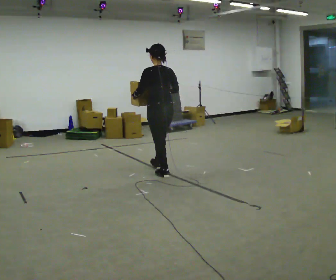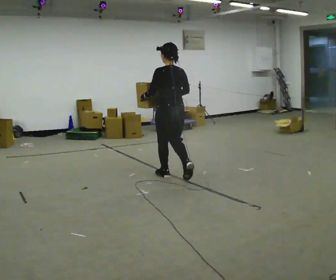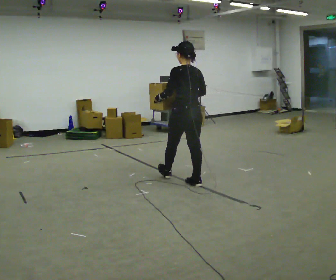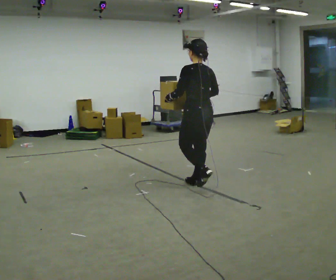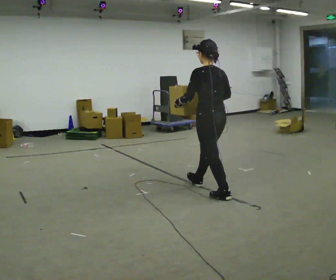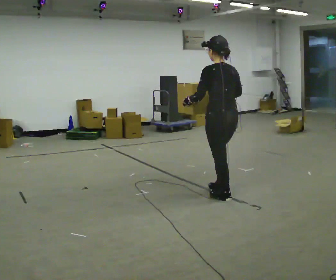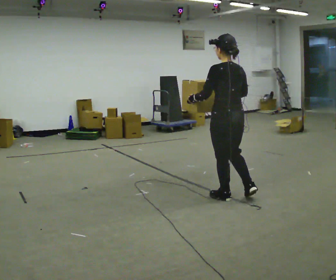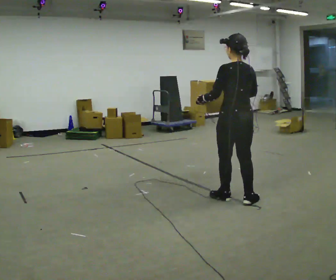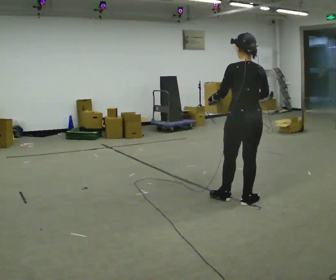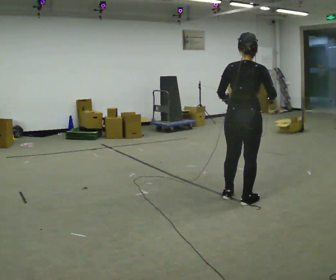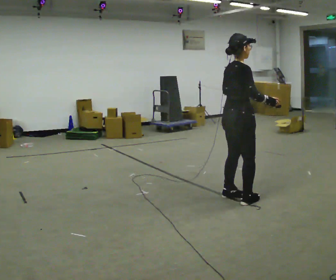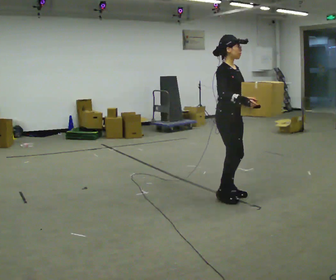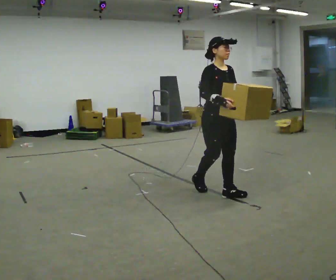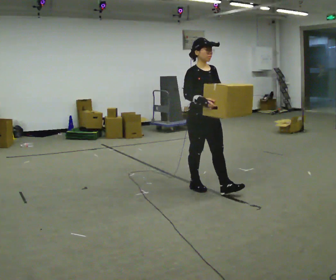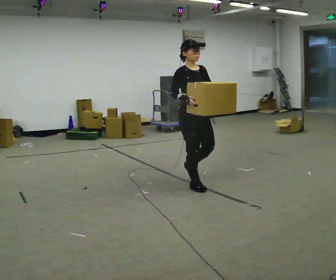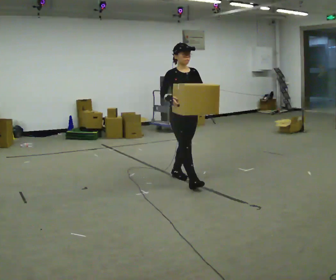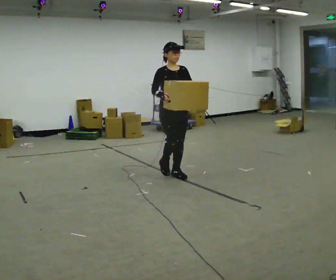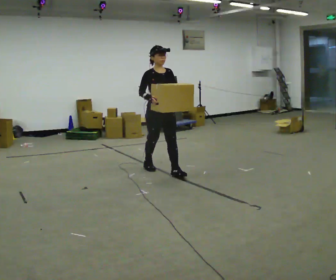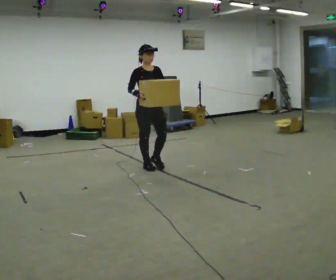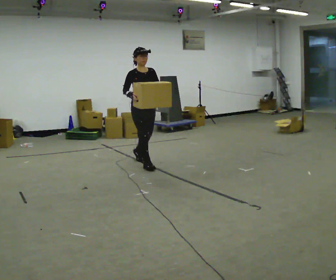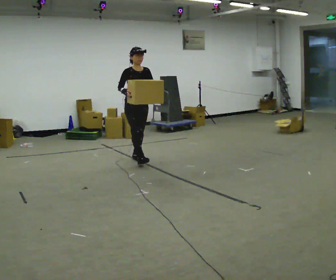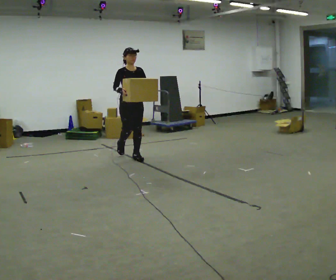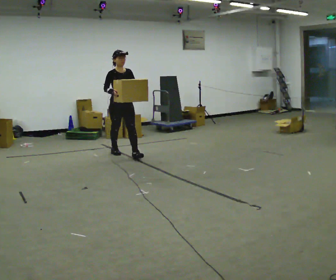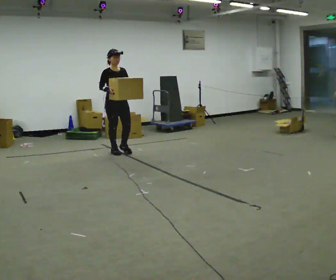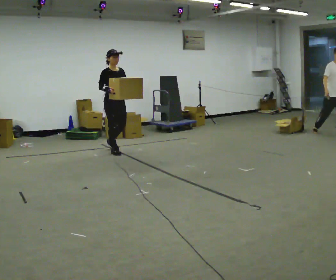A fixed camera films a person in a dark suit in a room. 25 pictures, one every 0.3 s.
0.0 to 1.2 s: In the picture they go toward the camera and to the right, about 1 m in 1 step, which for them is backward.
1.2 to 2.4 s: Seen from above the body turns clockwise, about 30 degrees: to their right, with its near side sliding to the left. In the picture they go to the right and toward the camera, about 0.5 m in 1 step, which for them is backward.
2.4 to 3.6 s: The part of the body nearest the lens slides to the left as the person turns to their right by about 150 degrees. In the picture they go away from the camera and to the left, about 0.5 m in 1 step.
3.6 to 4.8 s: In the picture they go away from the camera and to the left, about 1 m in 2 steps, which for them is backward.
4.8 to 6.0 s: In the picture they go away from the camera and to the left, about 1 m in 2 steps, which for them is backward.
6.0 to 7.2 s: In the picture they go to the left and away from the camera, about 0.5 m in 1 step, which for them is backward.
The film runs backward here.
